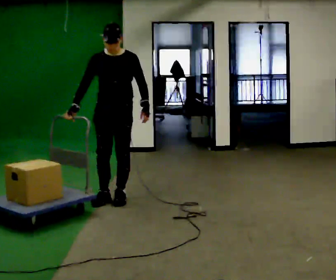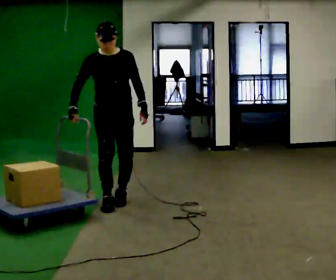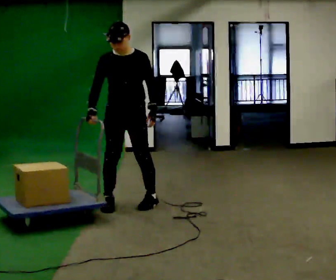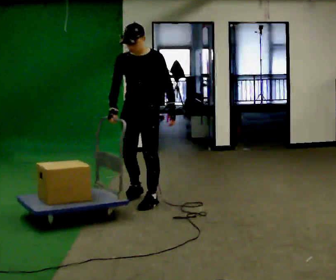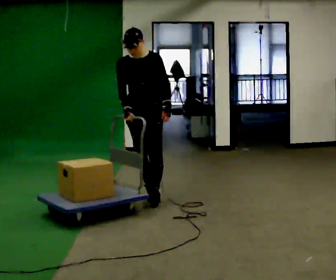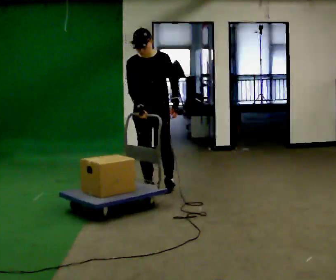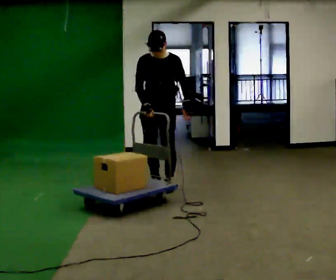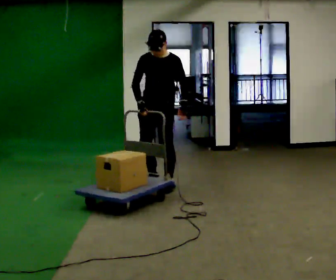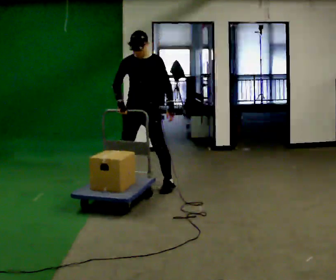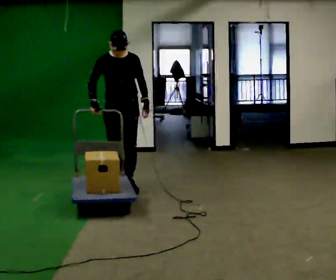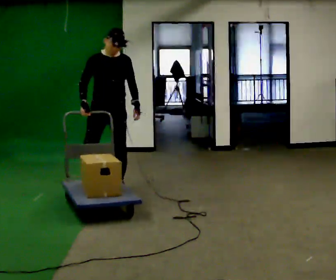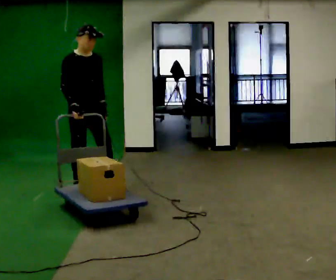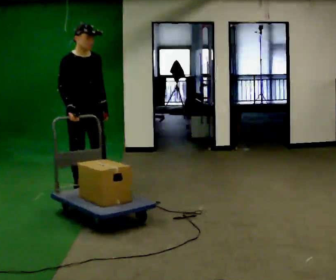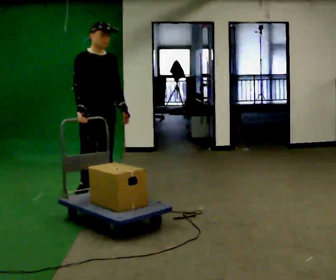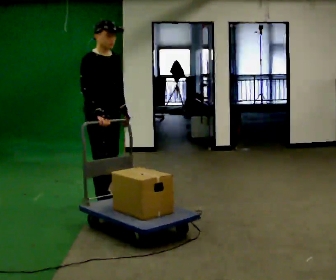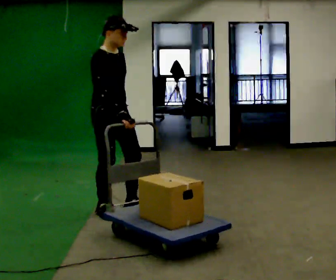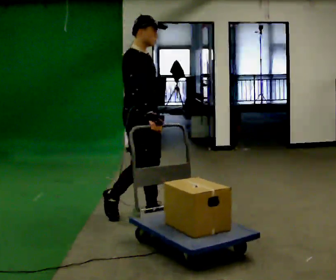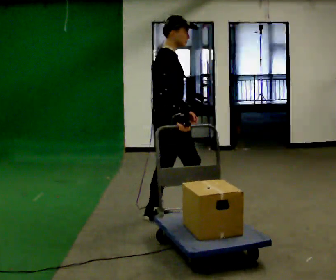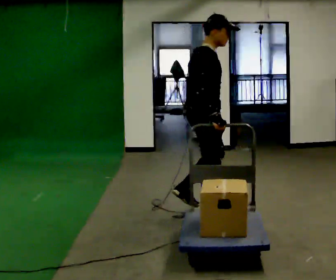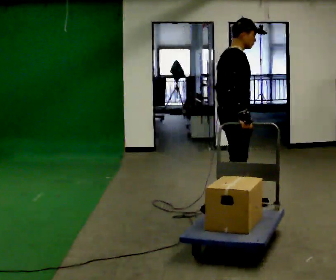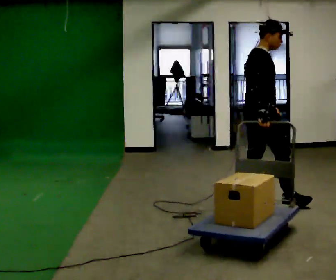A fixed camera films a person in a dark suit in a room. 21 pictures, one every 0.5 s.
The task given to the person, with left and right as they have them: Push the cart across the room using only the hand the operator calls. Keep your other arm at your side.
0.0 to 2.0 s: In the picture they go to the right and away from the camera, about 0.25 m in 3 steps, which for them is to their left and backward.
2.0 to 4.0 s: In the picture they go away from the camera, about 0.25 m in 3 steps, which for them is backward and to their right.
4.0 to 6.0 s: Seen from above the body turns counterclockwise, about 45 degrees: to their left, with its near side sliding to the right. In the picture they go to the left and toward the camera, about 0.5 m in 3 steps, which for them is to their right and forward.
6.0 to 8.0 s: The part of the body nearest the lens slides to the right as the person turns to their left by about 30 degrees. In the picture they go toward the camera and to the right, about 1 m in 2 steps, which for them is forward.
8.0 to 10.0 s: The person turns about 30 degrees to their left, counterclockwise seen from above, so the part of the body nearest the lens slides to the right. In the picture they go to the right, about 1 m in 2 steps, which for them is forward.
The film runs forward here.
